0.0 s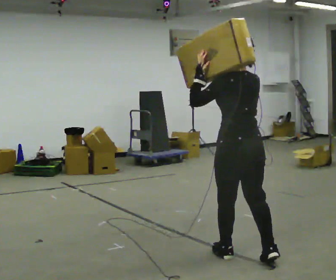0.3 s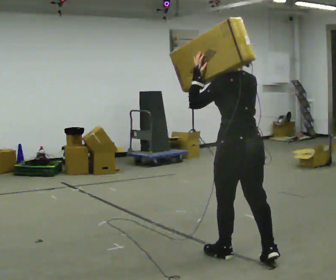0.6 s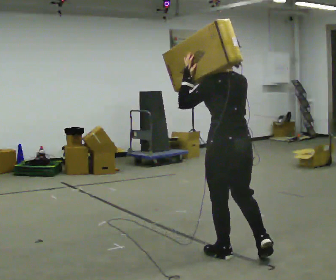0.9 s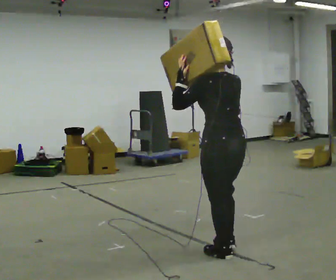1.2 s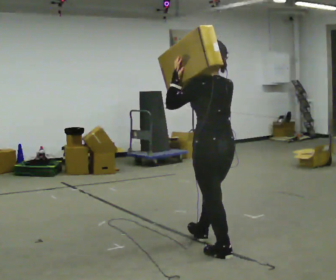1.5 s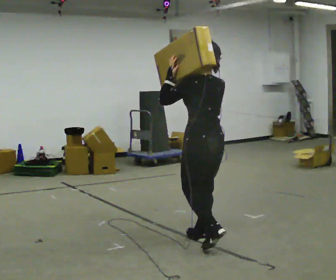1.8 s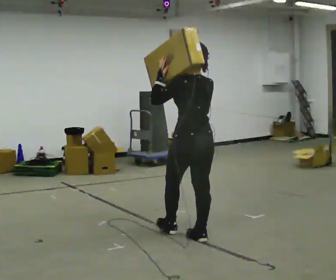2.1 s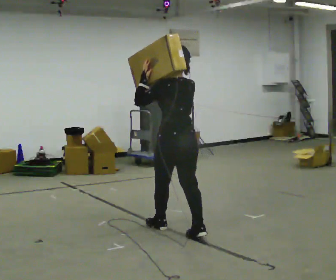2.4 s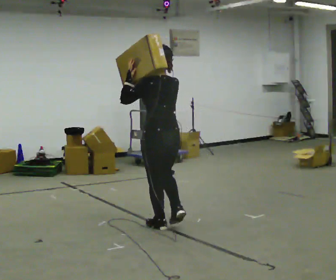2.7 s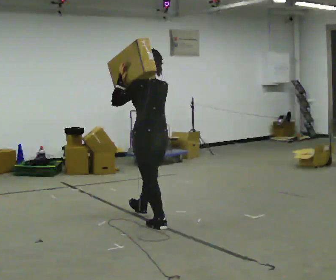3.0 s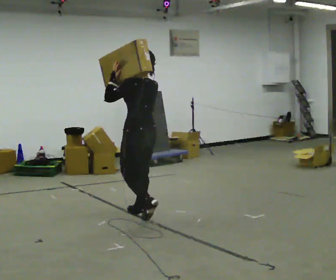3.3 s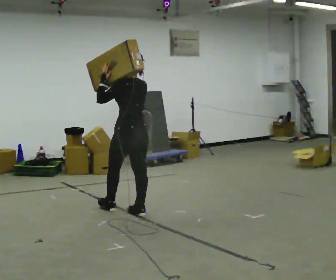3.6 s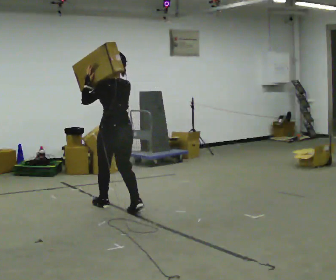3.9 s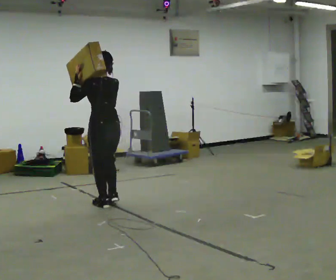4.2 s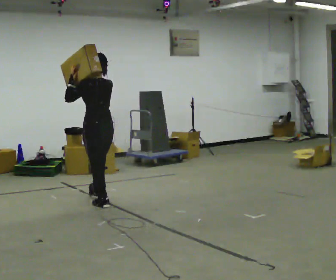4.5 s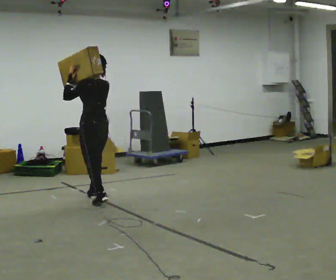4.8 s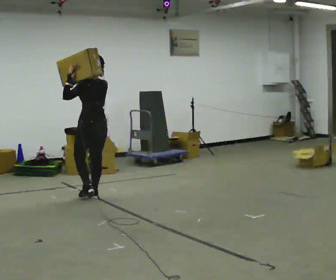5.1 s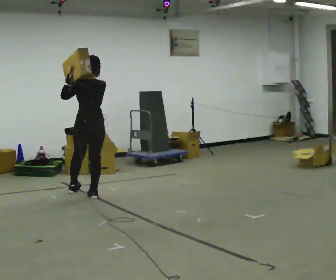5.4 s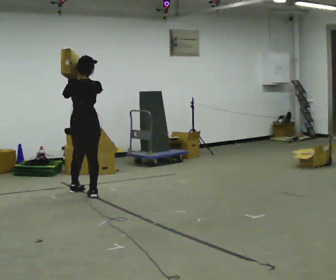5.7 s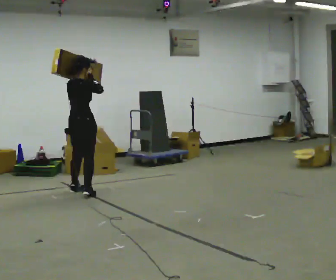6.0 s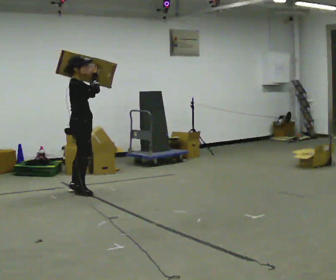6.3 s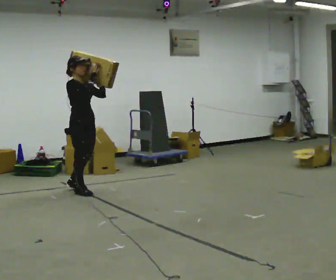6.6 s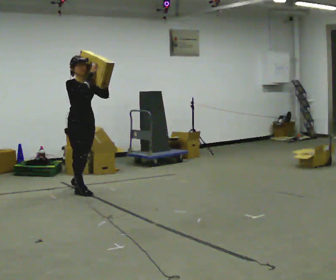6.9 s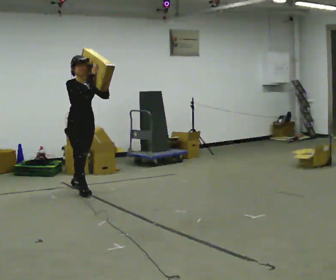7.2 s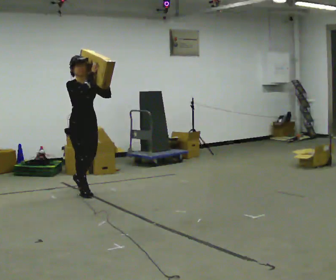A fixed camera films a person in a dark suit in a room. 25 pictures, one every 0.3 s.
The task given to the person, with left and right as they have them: Rest the long object on the shoulder the operator calls and carry it across the room, back and forth.
0.0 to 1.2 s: In the picture they go away from the camera and to the left, about 0.25 m in 1 step, which for them is forward.
1.2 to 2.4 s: In the picture they go away from the camera and to the left, about 1 m in 1 step, which for them is forward.
2.4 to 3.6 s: In the picture they go away from the camera and to the left, about 1 m in 2 steps, which for them is forward.
3.6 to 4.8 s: In the picture they go away from the camera and to the left, about 0.5 m in 1 step, which for them is forward.
4.8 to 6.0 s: Seen from above the body turns clockwise, about 135 degrees: to their right, with its near side sliding to the left. In the picture they go away from the camera and to the left, about 0.25 m in 2 steps.
6.0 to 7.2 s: Seen from above the body turns clockwise, about 45 degrees: to their right, with its near side sliding to the left.
The film runs forward here.
